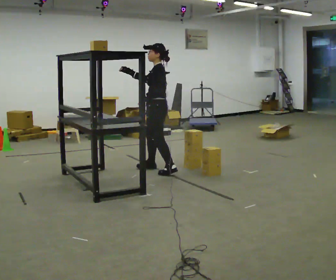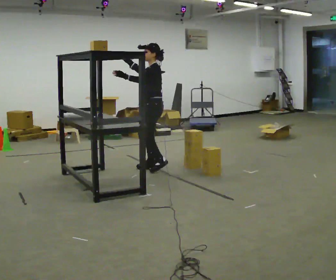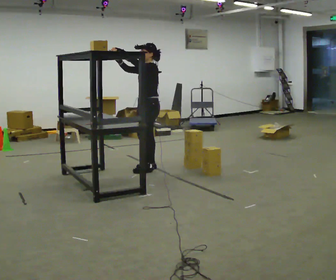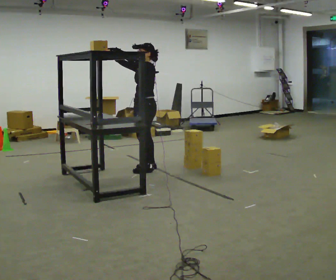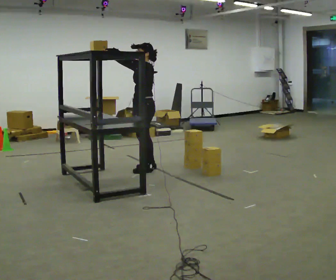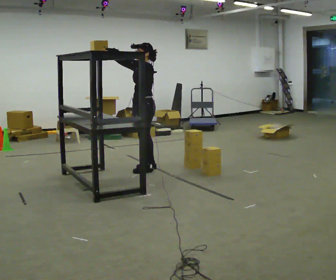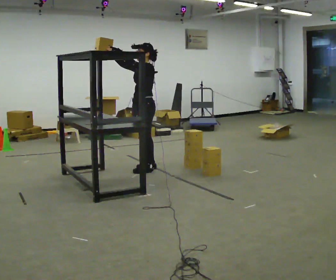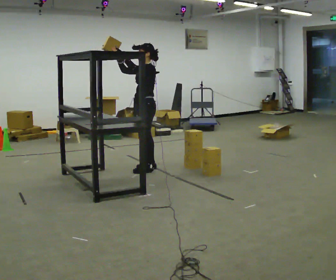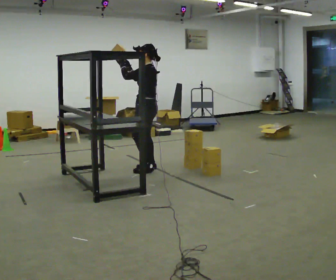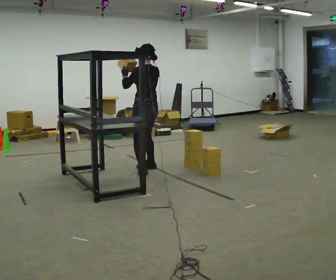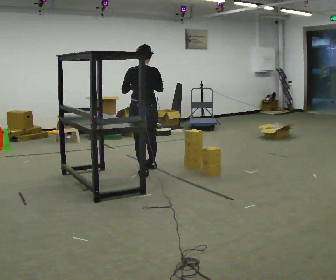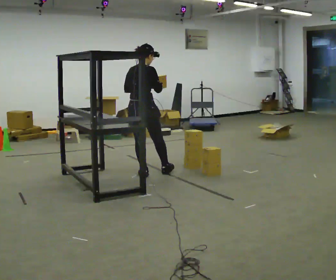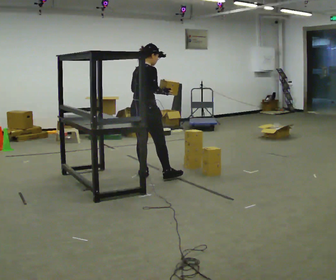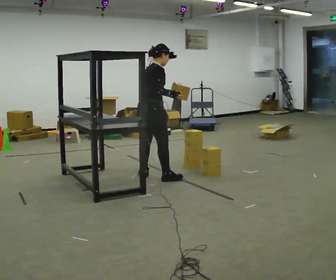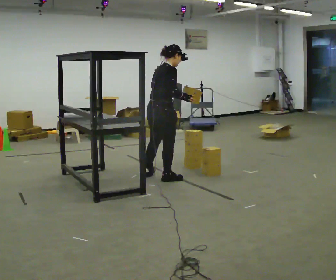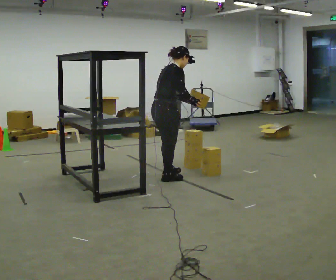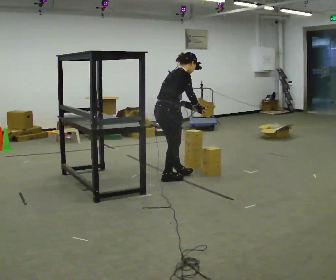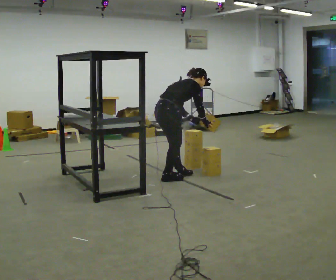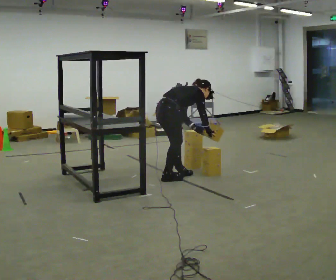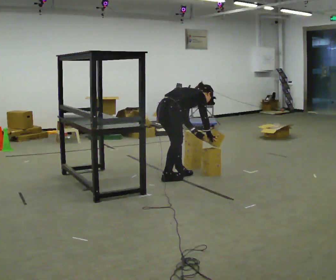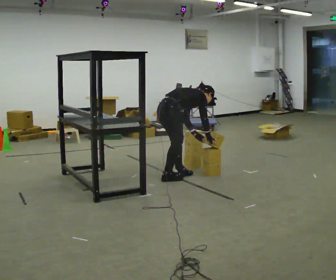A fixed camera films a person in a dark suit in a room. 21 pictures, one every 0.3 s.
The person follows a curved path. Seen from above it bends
counterclockwise.
The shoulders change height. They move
downward.
0.0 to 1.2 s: In the picture they go to the left, about 0.25 m in 1 step, which for them is forward. In the picture their right hand goes upward and to the left, the arm swinging clockwise.
1.2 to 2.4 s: The part of the body nearest the lens slides to the left as the person turns to their right by about 30 degrees.
2.4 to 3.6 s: Seen from above the body turns clockwise, about 120 degrees: to their right, with its near side sliding to the left. In the picture they go toward the camera, about 0.25 m in 2 steps.
3.6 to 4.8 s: In the picture they go to the right and toward the camera, about 0.25 m in 1 step, which for them is to their right and forward. In the picture the upper body tilts clockwise, shoulders to the right, as they bend forward.
4.8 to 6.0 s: The shoulders move downward. In the picture the upper body tilts clockwise, shoulders to the right, as they bend forward. In the picture their left hand goes downward.
The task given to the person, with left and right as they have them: Take an object down from the highest shelf you can comfortably reach, carry it across the room, and set it on the floor. Keep going until the operator says stop; one object at a time, and do not rush between trips.
The film runs forward here.
